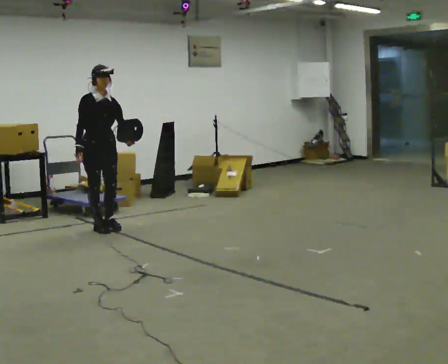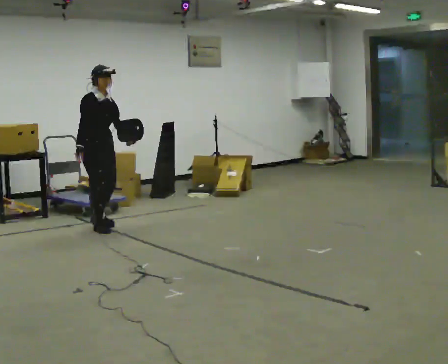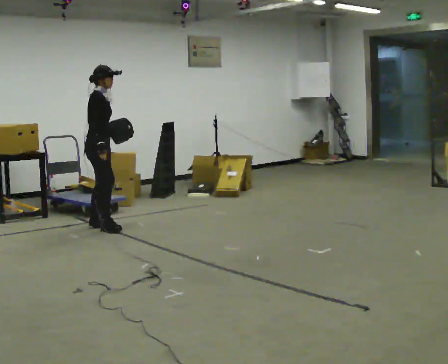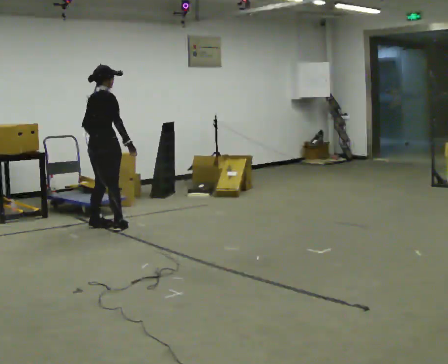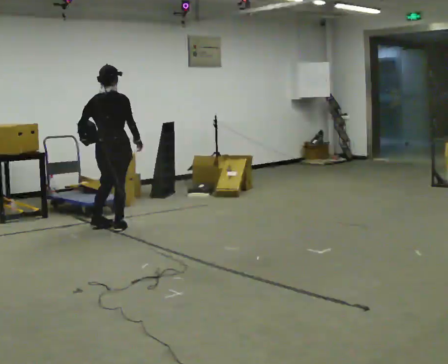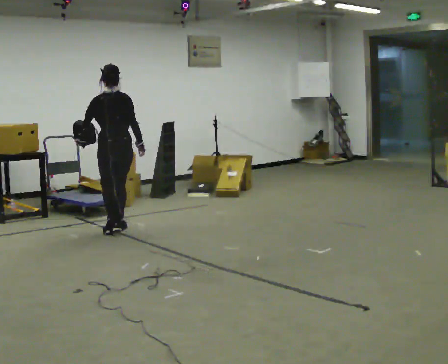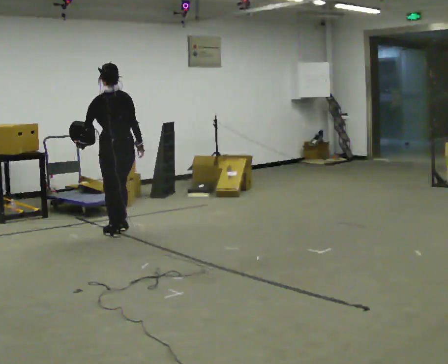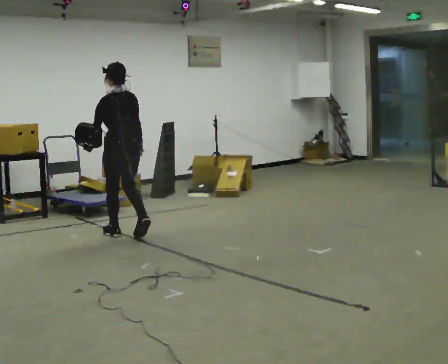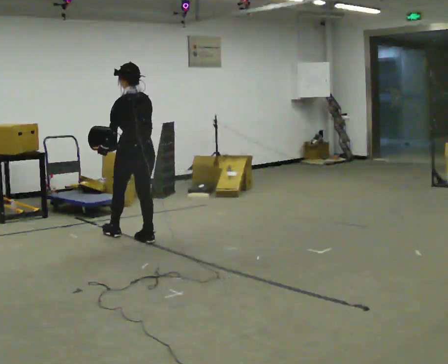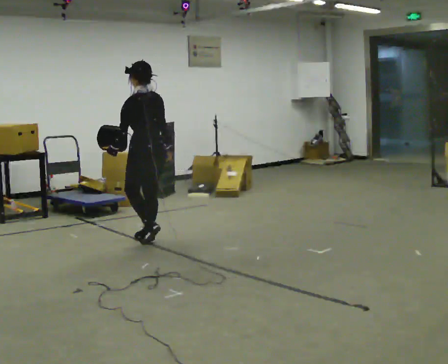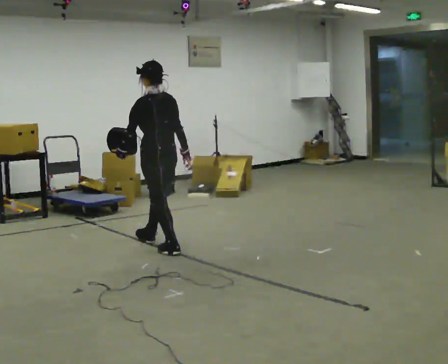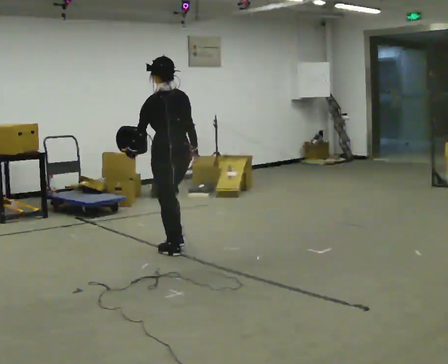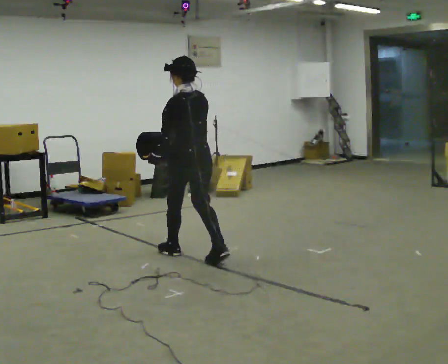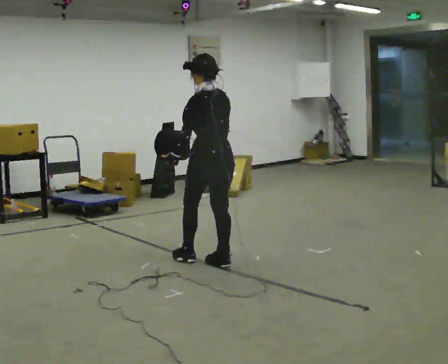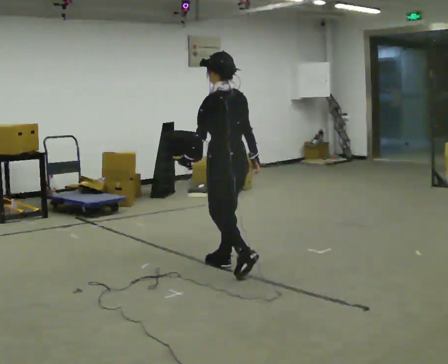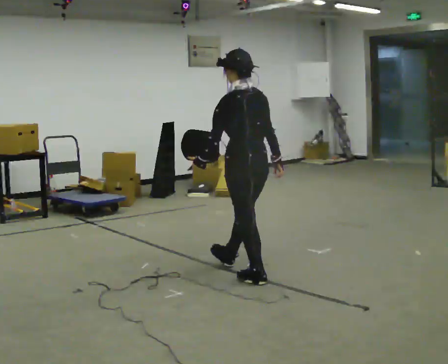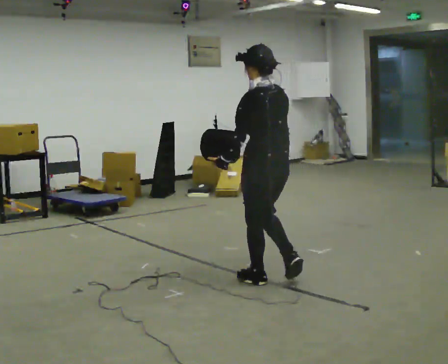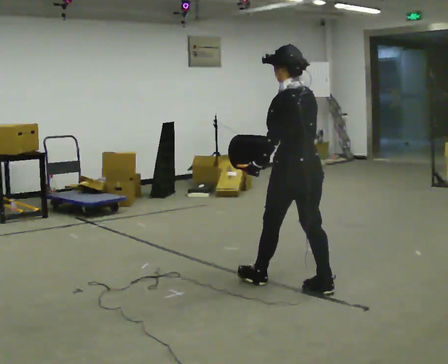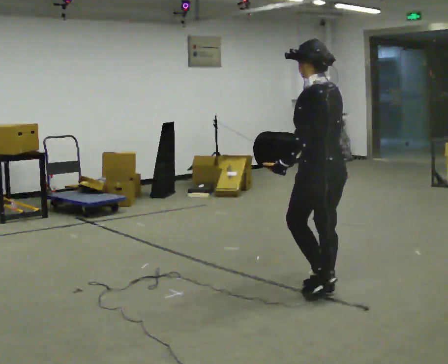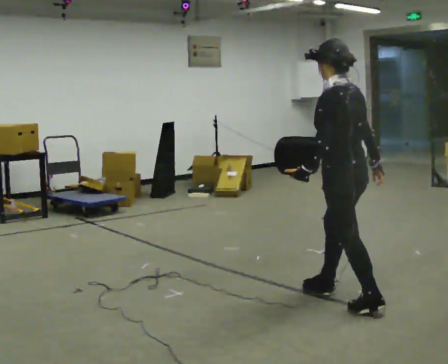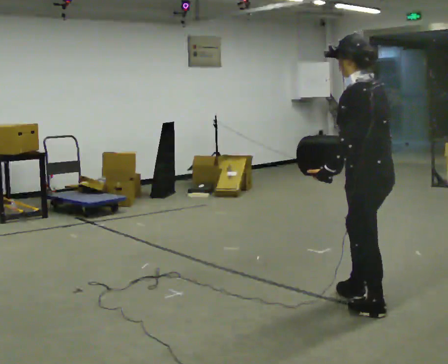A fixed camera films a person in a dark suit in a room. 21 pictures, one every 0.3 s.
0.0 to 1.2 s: The part of the body nearest the lens slides to the right as the person turns to their left by about 135 degrees. In the picture they go to the right, about 0.25 m in 3 steps. In the picture their left hand goes to the left, the arm swinging clockwise.
1.2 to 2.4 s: Seen from above the body turns counterclockwise, about 60 degrees: to their left, with its near side sliding to the right. In the picture they go toward the camera and to the right, about 0.5 m in 1 step, which for them is backward.
2.4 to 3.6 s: In the picture they go toward the camera and to the right, about 1 m in 2 steps, which for them is backward.
3.6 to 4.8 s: In the picture they go toward the camera and to the right, about 1 m in 2 steps, which for them is backward.
4.8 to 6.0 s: In the picture they go toward the camera and to the right, about 1 m in 2 steps, which for them is backward.
The film runs backward here.
